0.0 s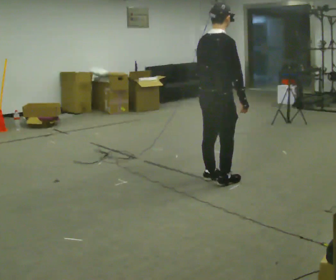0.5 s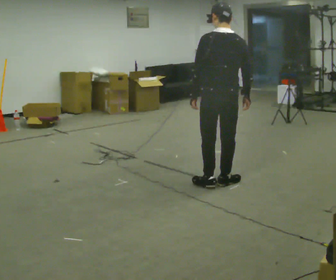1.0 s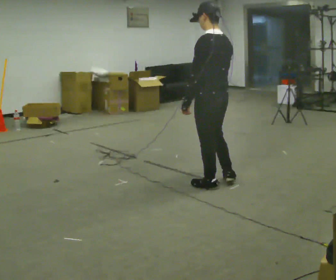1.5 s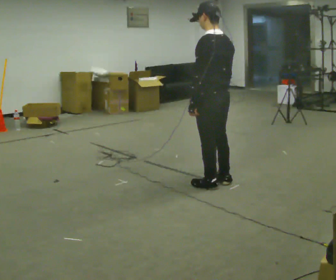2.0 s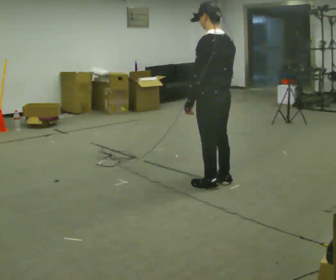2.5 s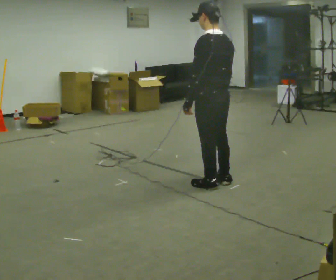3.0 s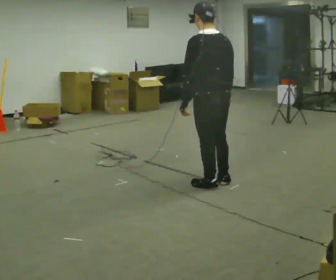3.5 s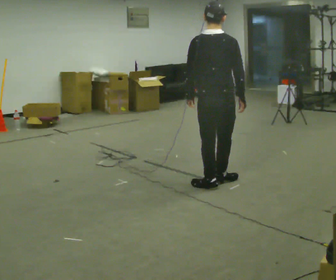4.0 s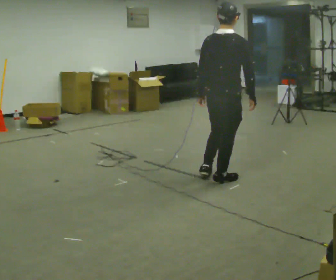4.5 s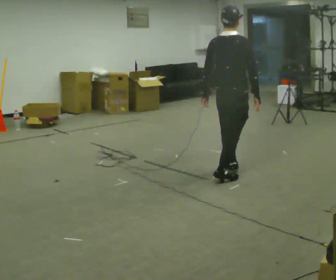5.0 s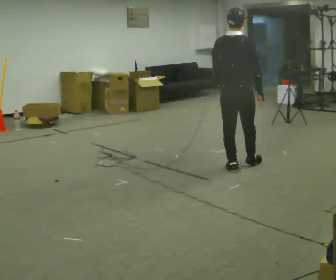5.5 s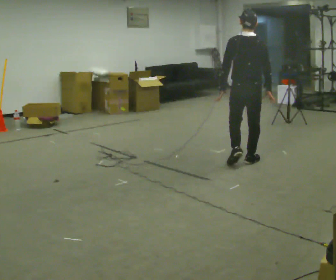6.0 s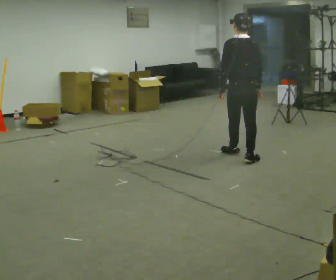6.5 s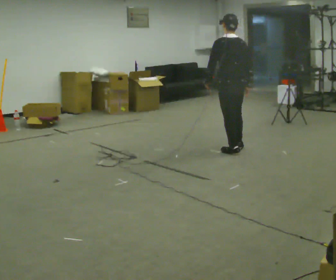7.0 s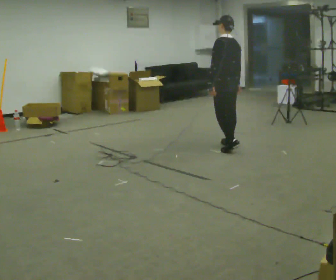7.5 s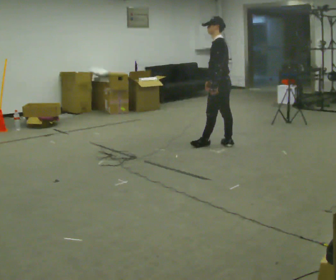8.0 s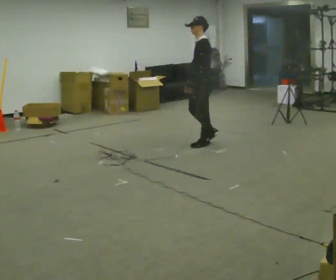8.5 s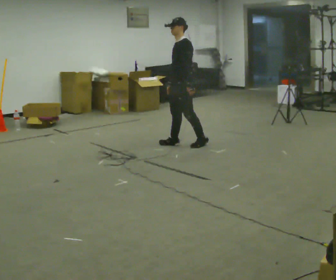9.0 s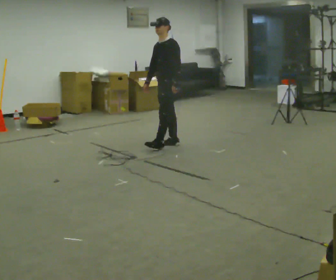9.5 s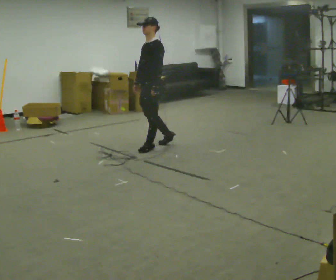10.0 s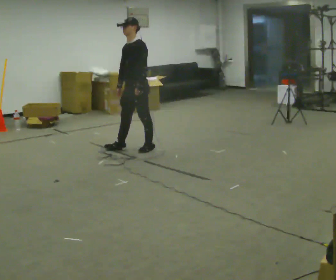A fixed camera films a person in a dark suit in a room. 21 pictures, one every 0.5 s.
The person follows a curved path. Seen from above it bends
counterclockwise.
0.0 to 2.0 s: The person turns about 90 degrees to their left, counterclockwise seen from above, so the part of the body nearest the lens slides to the right.
2.0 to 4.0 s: Seen from above the body turns clockwise, about 75 degrees: to their right, with its near side sliding to the left.
4.0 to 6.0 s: Seen from above the body turns counterclockwise, about 30 degrees: to their left, with its near side sliding to the right. In the picture they go away from the camera, about 1 m in 3 steps, which for them is forward.
6.0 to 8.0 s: Seen from above the body turns counterclockwise, about 90 degrees: to their left, with its near side sliding to the right. In the picture they go away from the camera and to the left, about 0.5 m in 2 steps.
8.0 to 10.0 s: The person turns about 45 degrees to their left, counterclockwise seen from above, so the part of the body nearest the lens slides to the right. In the picture they go to the left, about 1 m in 3 steps, which for them is forward.
The film runs forward here.
